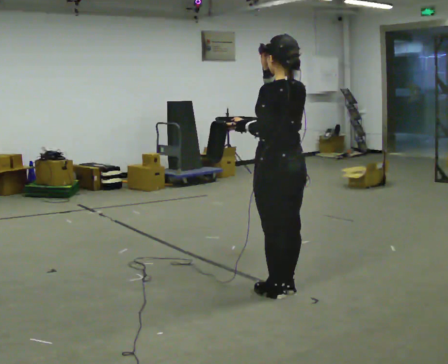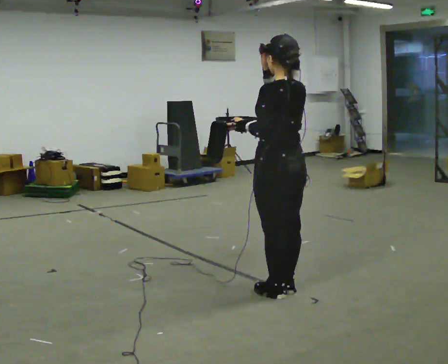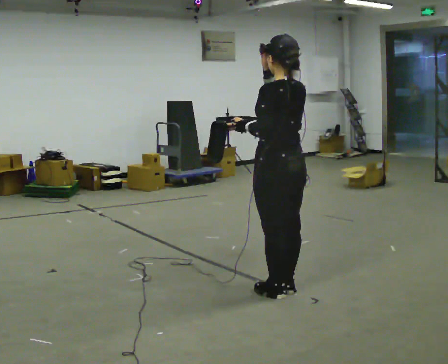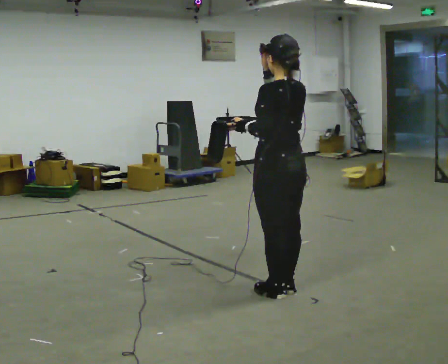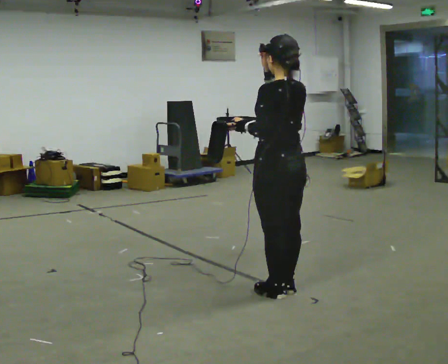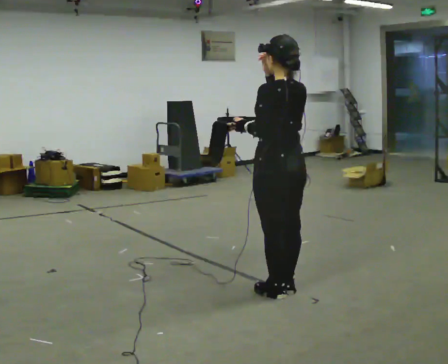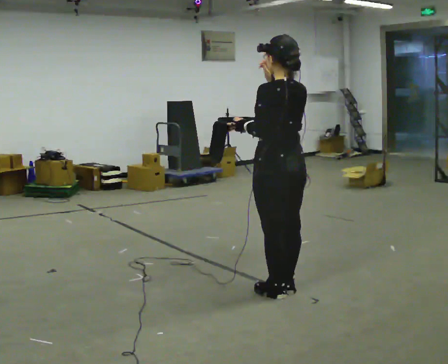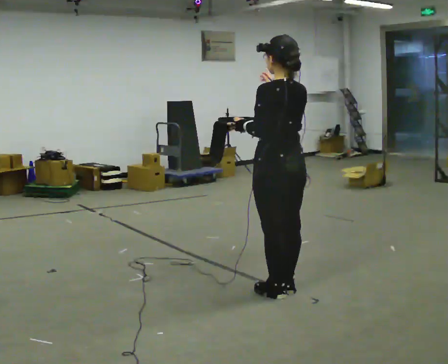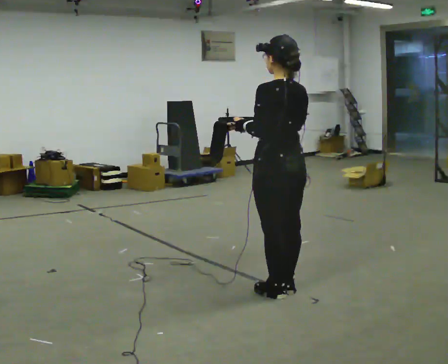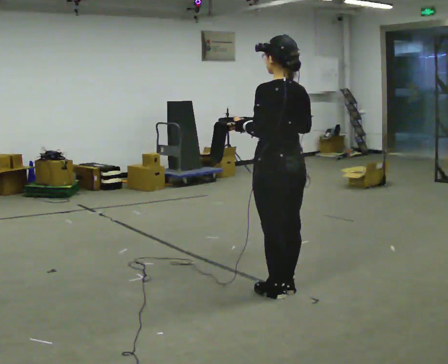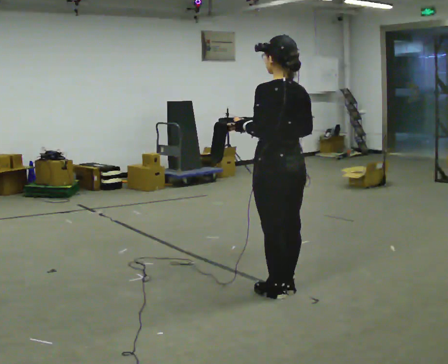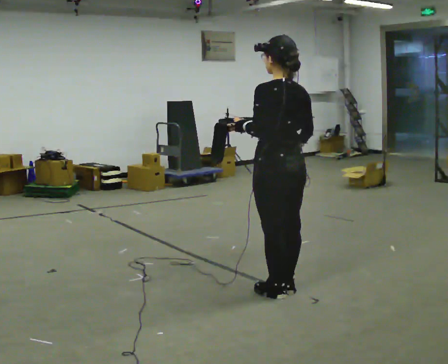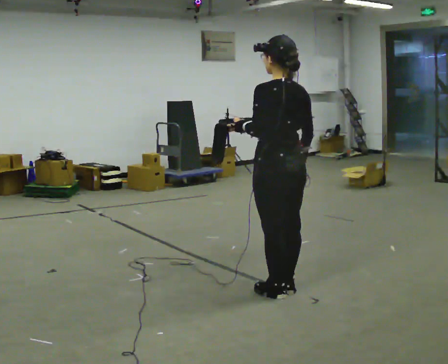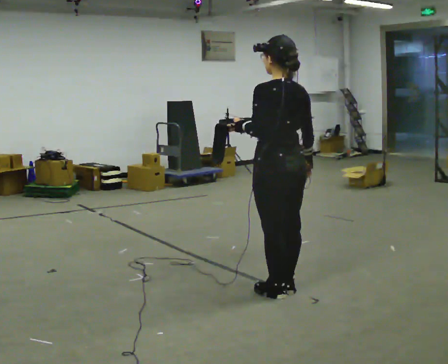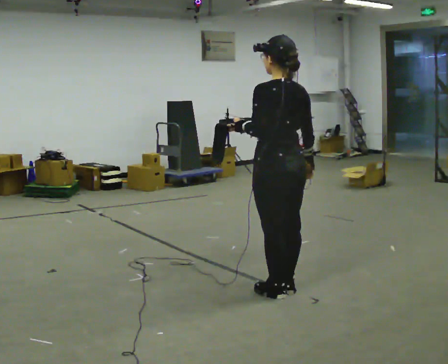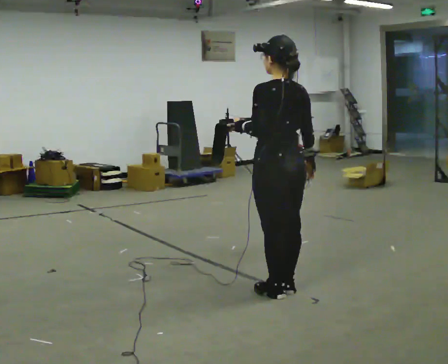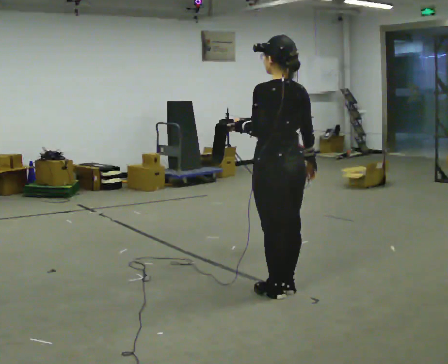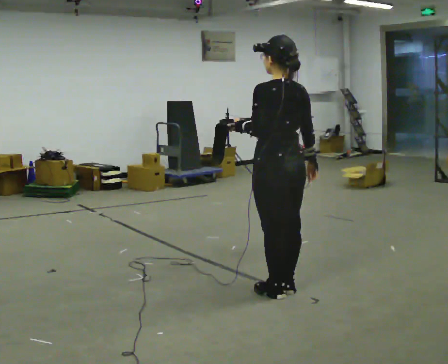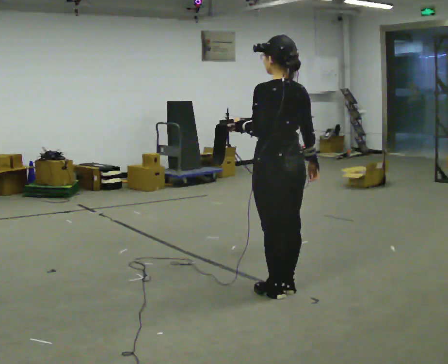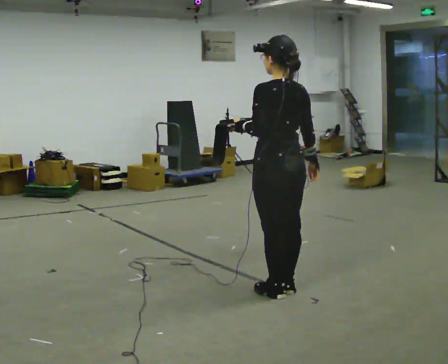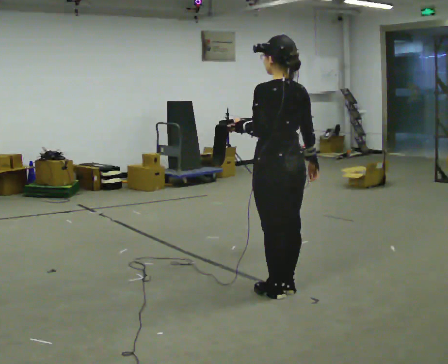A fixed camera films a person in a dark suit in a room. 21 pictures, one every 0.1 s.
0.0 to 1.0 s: In the picture their right hand goes downward.
1.0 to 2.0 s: The person moves a little, or ends about where they began.
The film runs forward here.
